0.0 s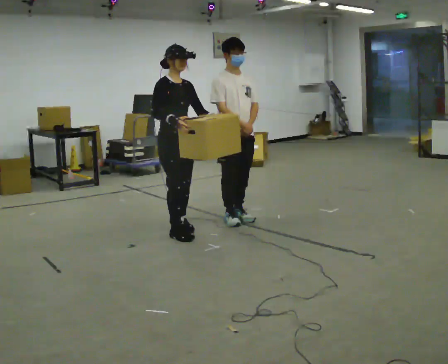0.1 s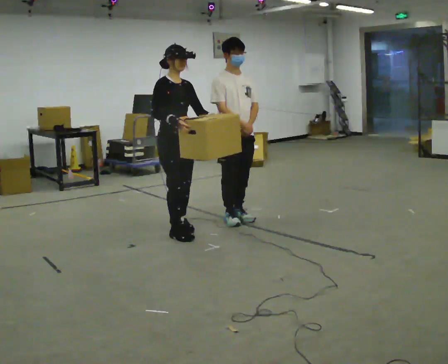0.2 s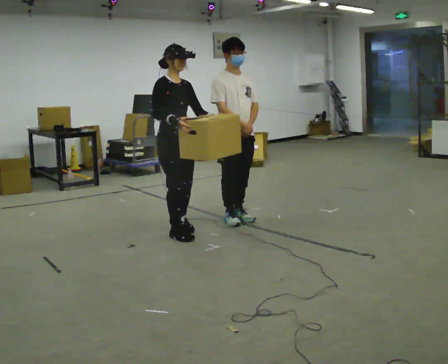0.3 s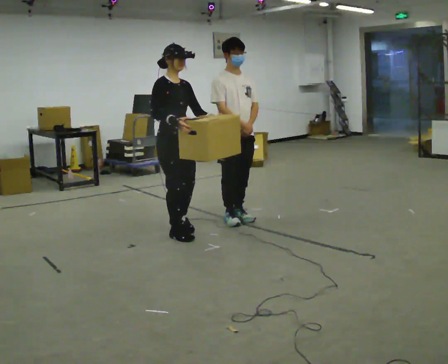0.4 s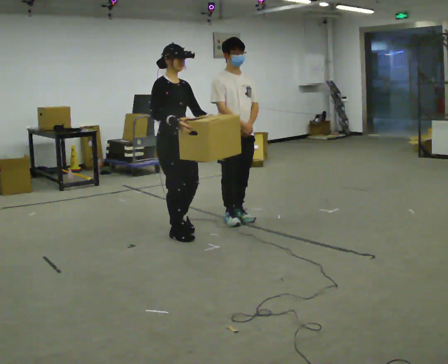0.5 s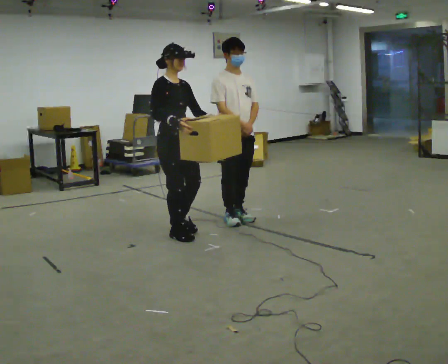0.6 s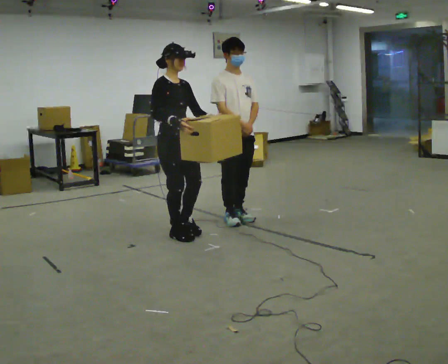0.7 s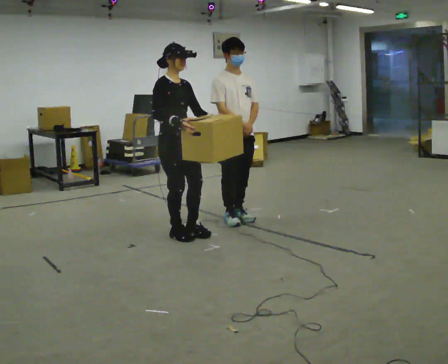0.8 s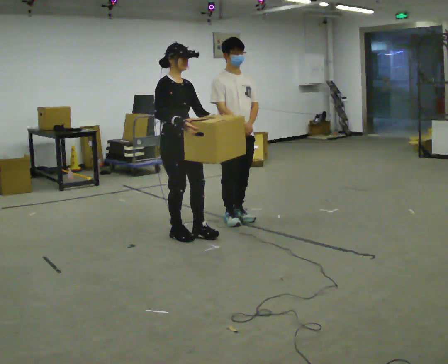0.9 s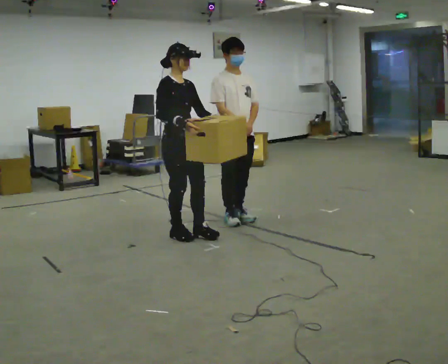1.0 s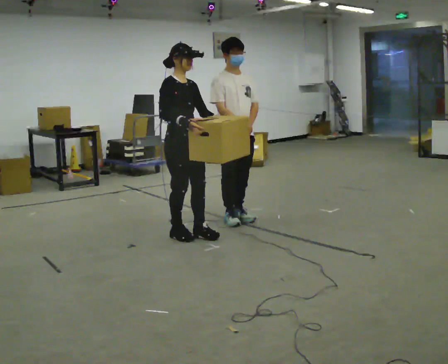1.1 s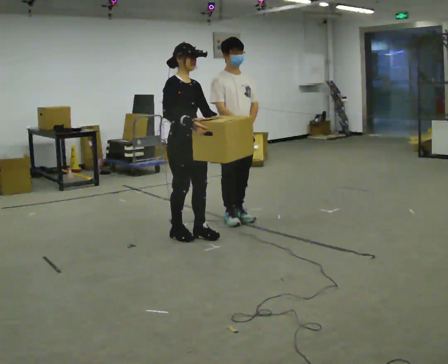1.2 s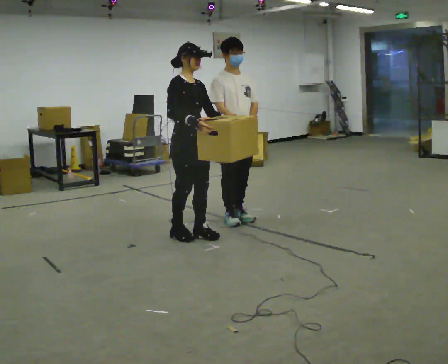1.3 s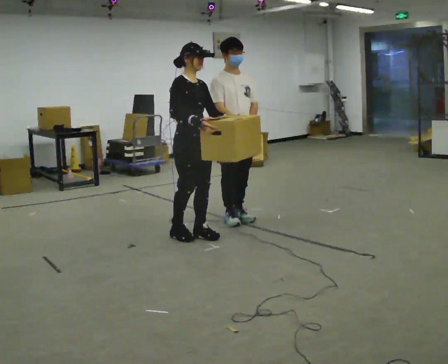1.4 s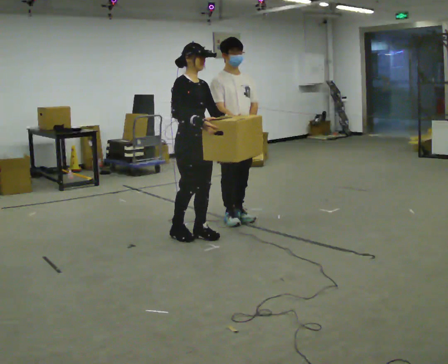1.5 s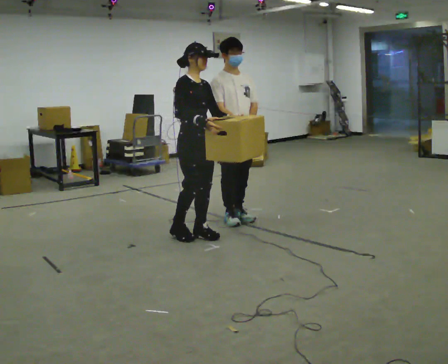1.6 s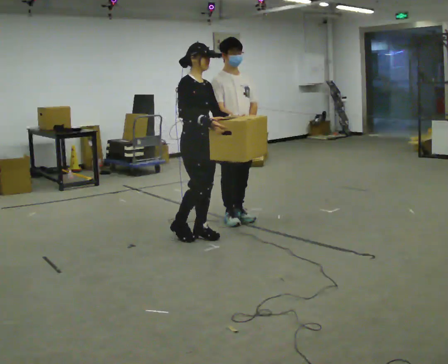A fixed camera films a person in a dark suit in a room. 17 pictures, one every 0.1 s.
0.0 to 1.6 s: In the picture they go to the right and toward the camera, about 0.25 m in 1 step, which for them is forward.
The film runs forward here.
